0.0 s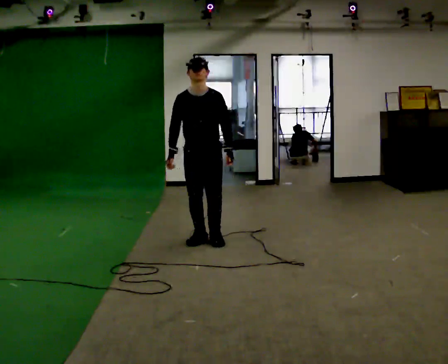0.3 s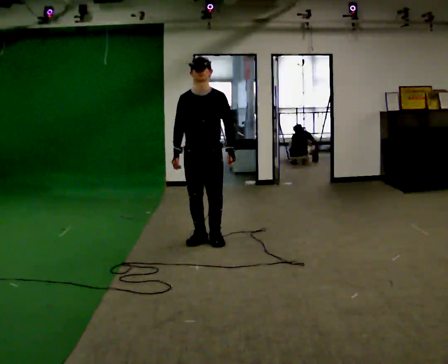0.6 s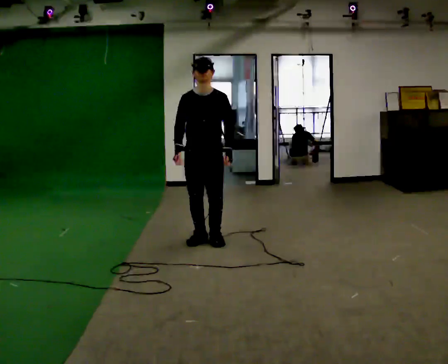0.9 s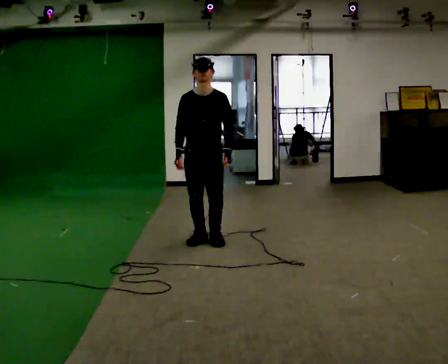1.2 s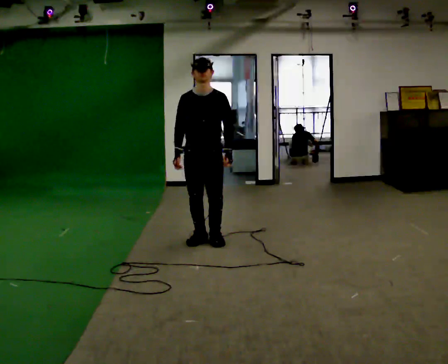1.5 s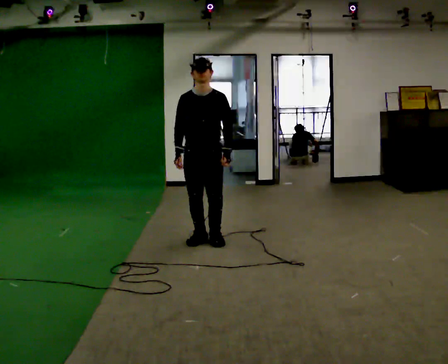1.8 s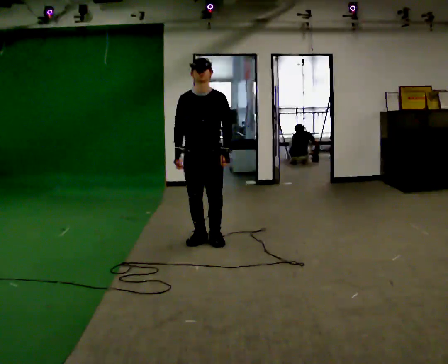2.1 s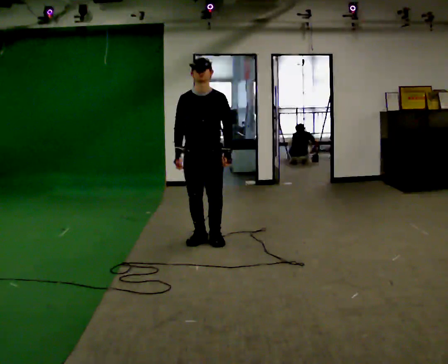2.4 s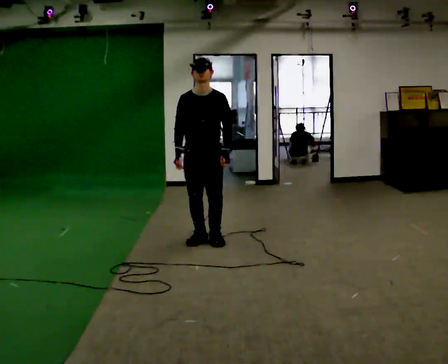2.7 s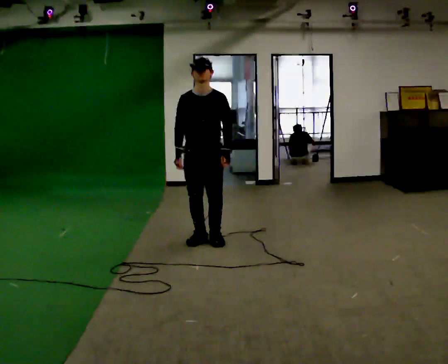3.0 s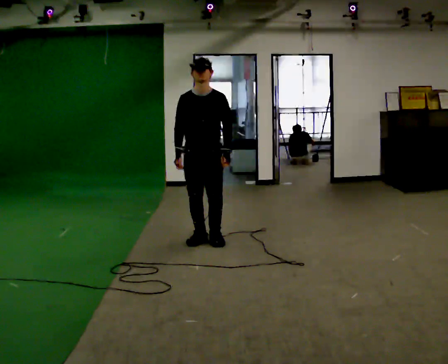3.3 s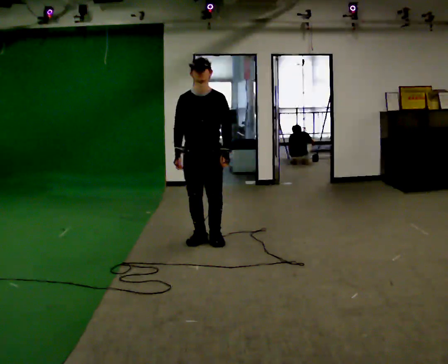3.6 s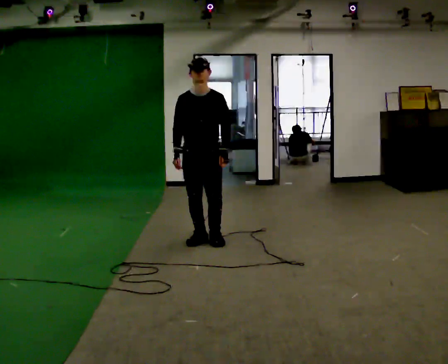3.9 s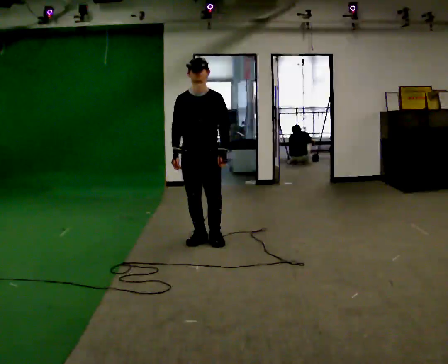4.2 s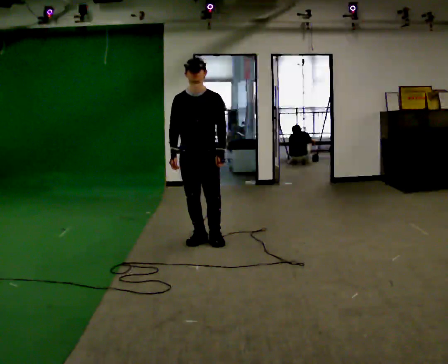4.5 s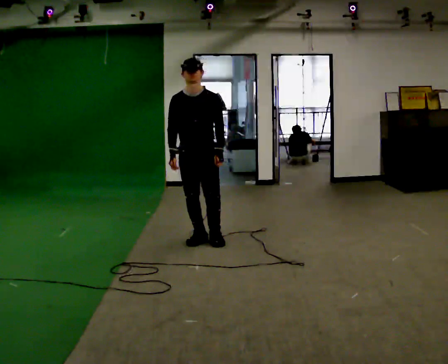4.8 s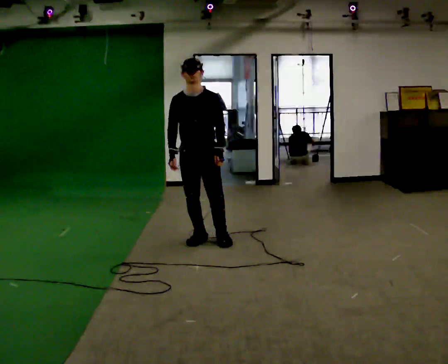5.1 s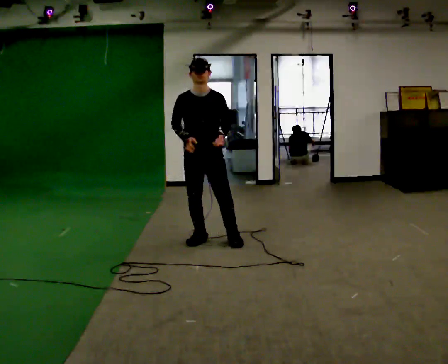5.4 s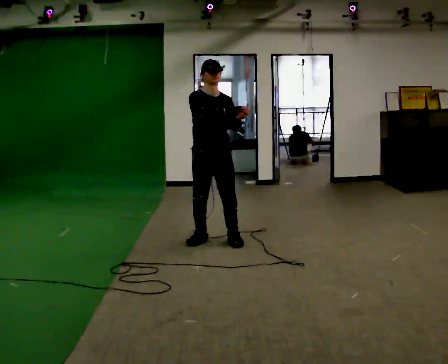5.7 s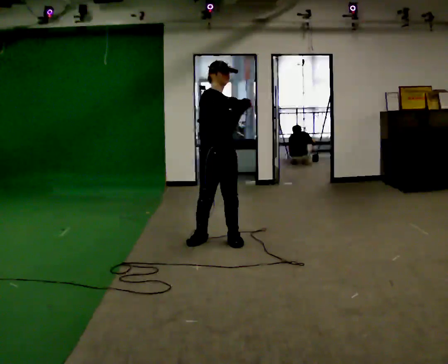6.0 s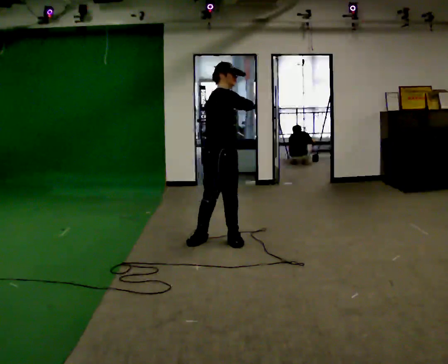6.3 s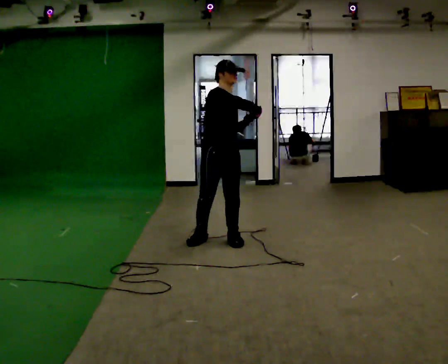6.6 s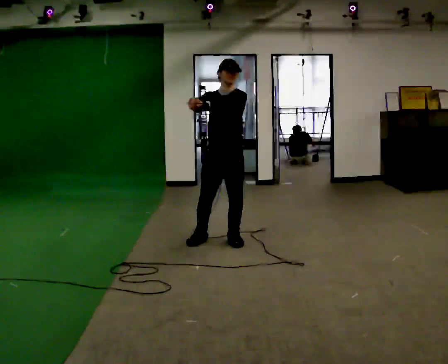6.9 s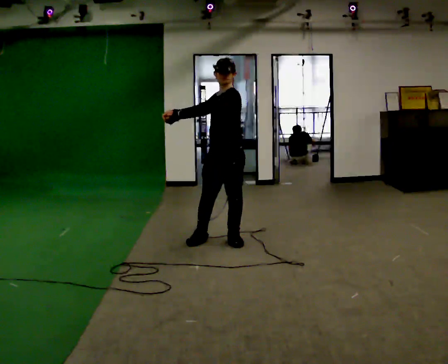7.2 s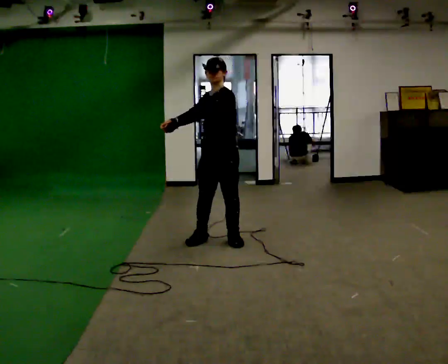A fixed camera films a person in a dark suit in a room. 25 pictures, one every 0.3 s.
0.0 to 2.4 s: The person moves a little, or ends about where they began.
2.4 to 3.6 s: The person keeps their place and pose.
3.6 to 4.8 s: The person moves a little, or ends about where they began.
4.8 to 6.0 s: The person turns about 75 degrees to their left, counterclockwise seen from above, so the part of the body nearest the lens slides to the right. In the picture they go to the right, about 0.25 m. In the picture their right hand goes to the right and upward.
6.0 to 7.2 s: The person turns about 105 degrees to their right, clockwise seen from above, so the part of the body nearest the lens slides to the left. In the picture their right hand goes to the left.
The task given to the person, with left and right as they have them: Mime a baseball swing with no bat: set your stance, stride, swing through. Repeat the movement at your own pace until the operator says stop; do not rush.
The film runs forward here.
